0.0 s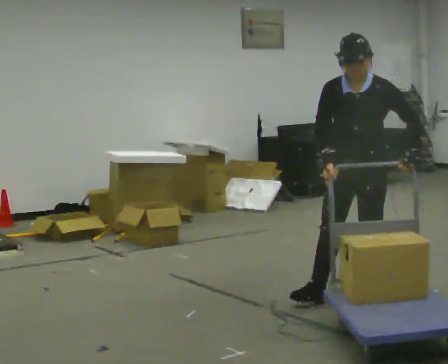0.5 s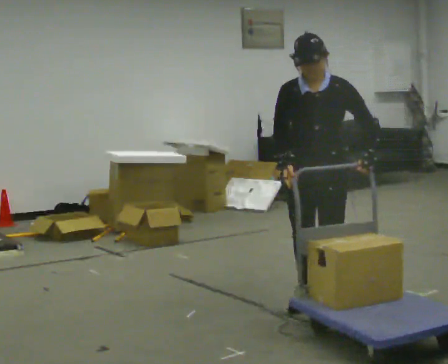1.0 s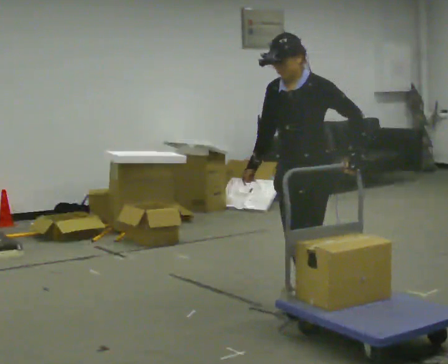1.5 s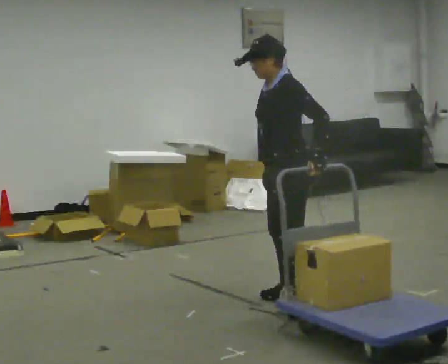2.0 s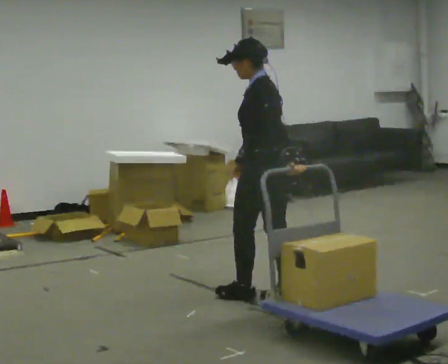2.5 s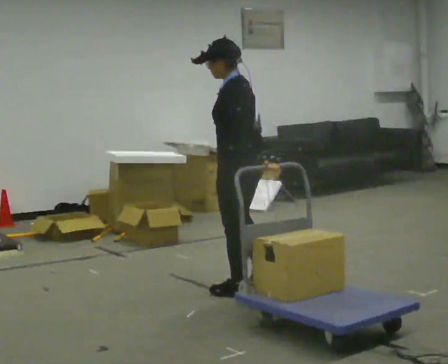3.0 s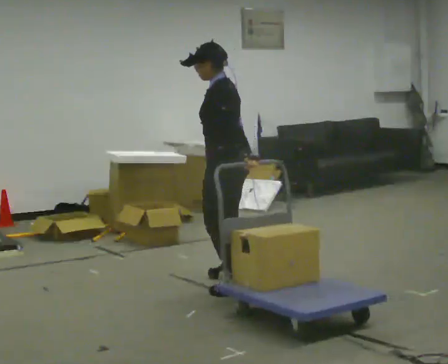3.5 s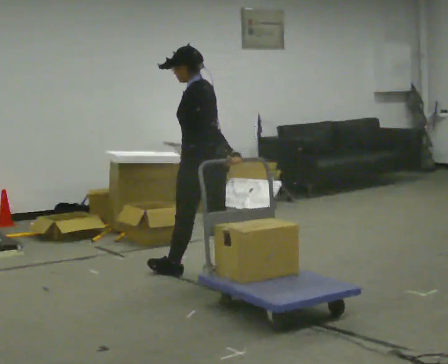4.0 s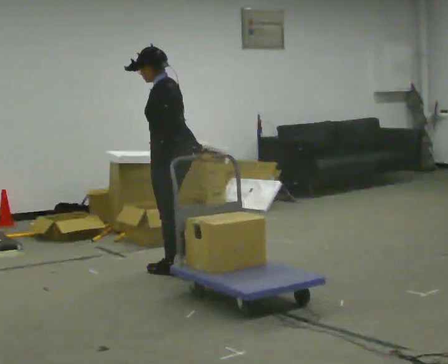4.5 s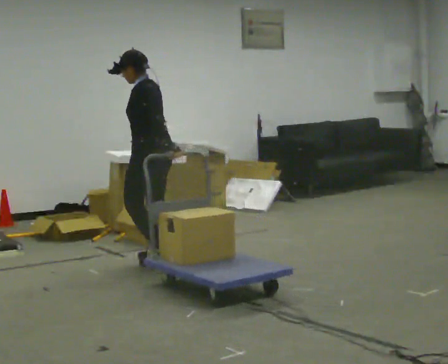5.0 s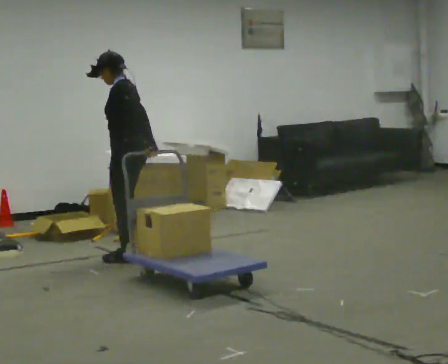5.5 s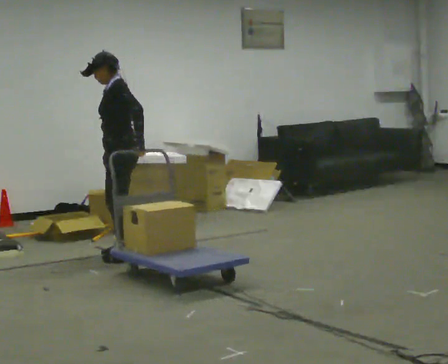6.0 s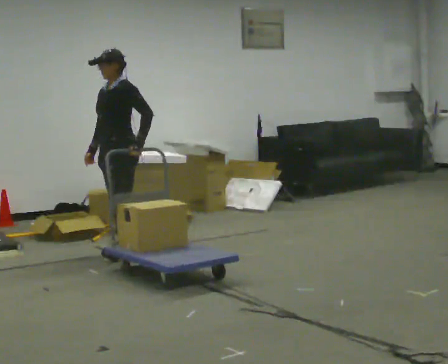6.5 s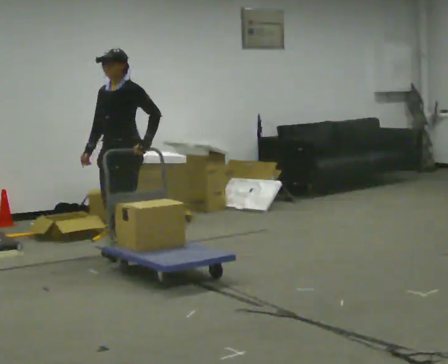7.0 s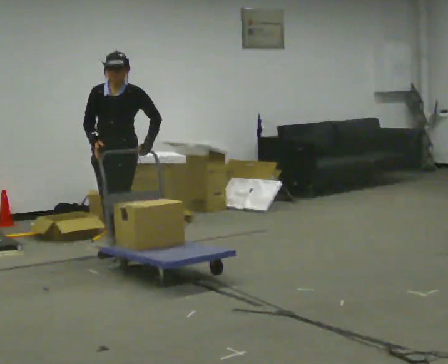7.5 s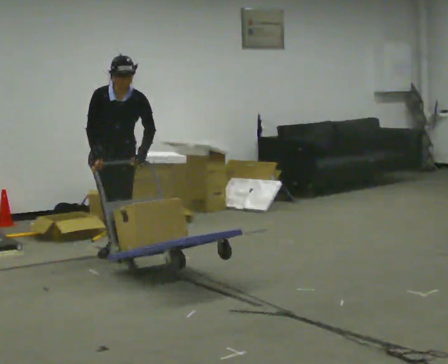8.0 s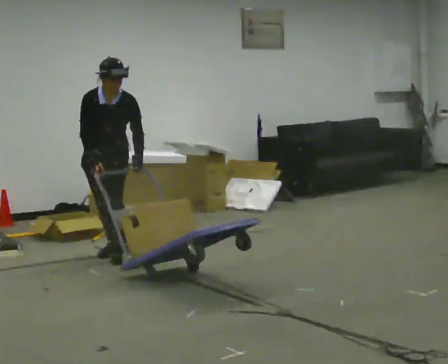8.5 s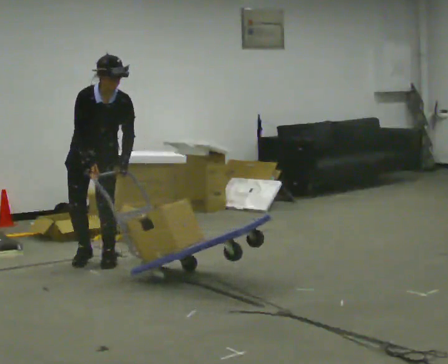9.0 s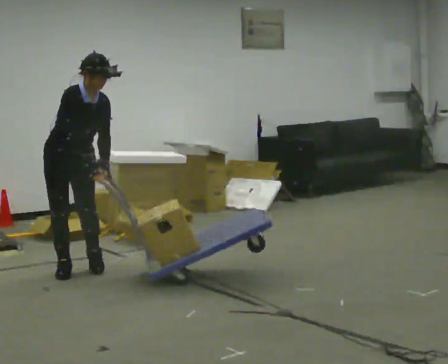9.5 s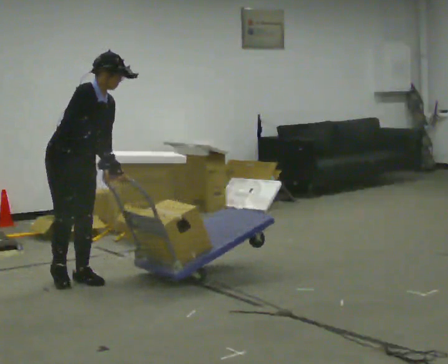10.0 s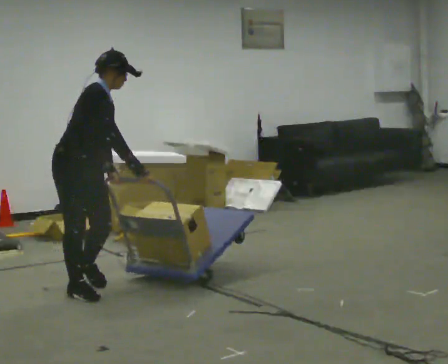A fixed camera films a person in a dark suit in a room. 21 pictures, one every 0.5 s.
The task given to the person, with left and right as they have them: Pull the cart behind you as you walk backward across the room. The operator will confirm the space behind you is clear before each take.
0.0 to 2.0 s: The person turns about 90 degrees to their right, clockwise seen from above, so the part of the body nearest the lens slides to the left. In the picture they go to the left, about 0.5 m in 2 steps.
2.0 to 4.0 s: In the picture they go away from the camera and to the left, about 1 m in 3 steps, which for them is forward and to their right.
4.0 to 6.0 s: The part of the body nearest the lens slides to the right as the person turns to their left by about 60 degrees. In the picture they go away from the camera and to the left, about 0.75 m in 3 steps, which for them is forward and to their right.
6.0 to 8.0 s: The person turns about 45 degrees to their left, counterclockwise seen from above, so the part of the body nearest the lens slides to the right. The upper body tips toward the camera, its near side rolling downward, as they bend forward.
8.0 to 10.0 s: The part of the body nearest the lens slides to the right as the person turns to their left by about 75 degrees. In the picture they go toward the camera, about 1 m in 4 steps. The upper body tips away from the camera, its near side rolling upward.
The film runs forward here.
